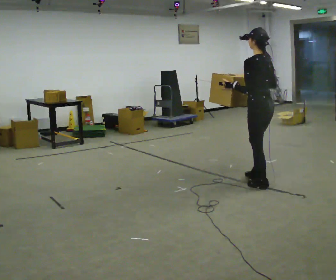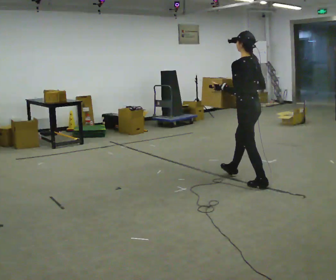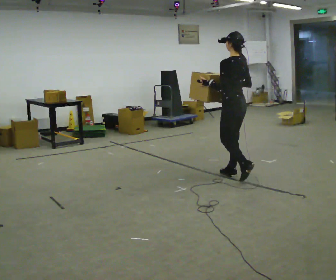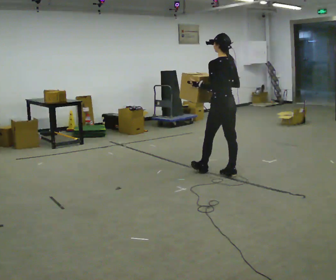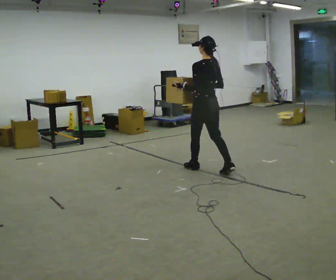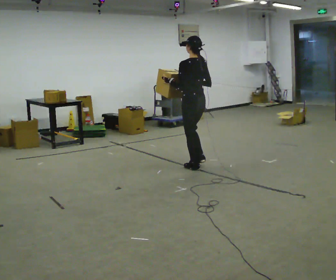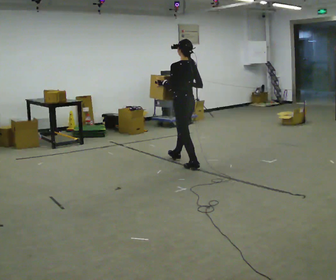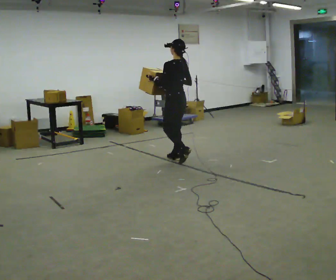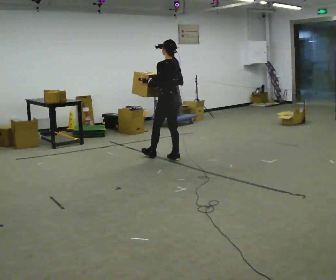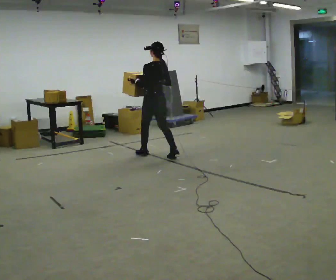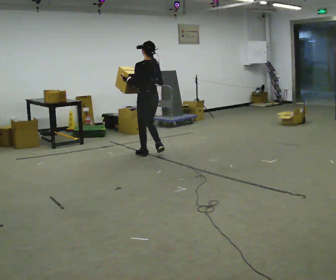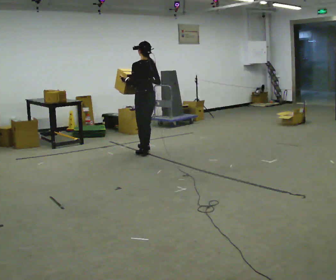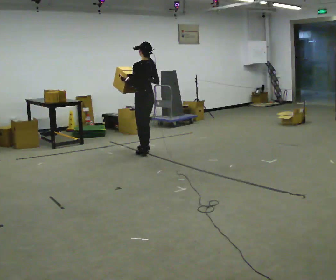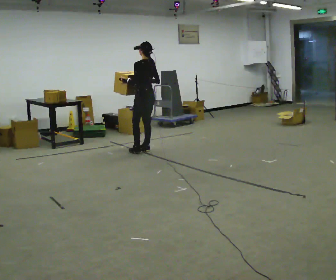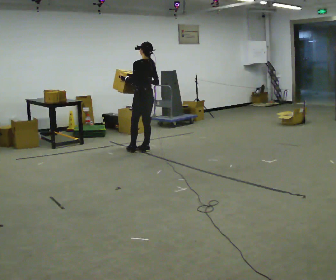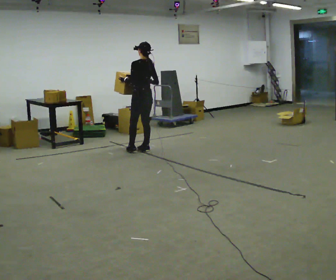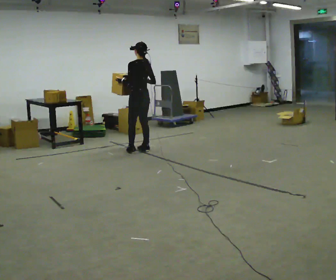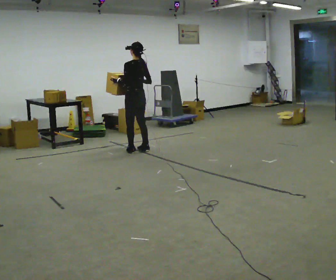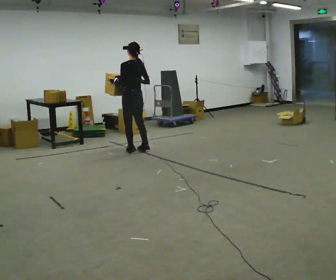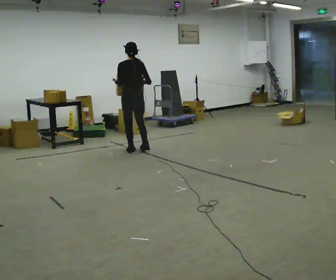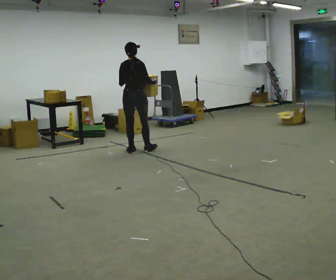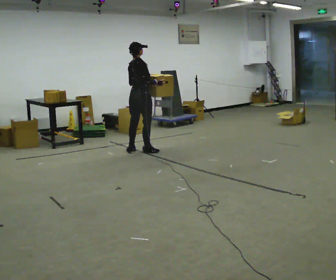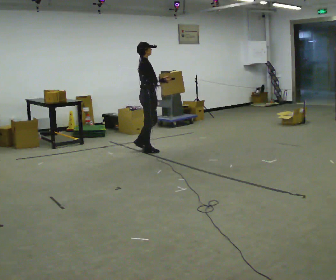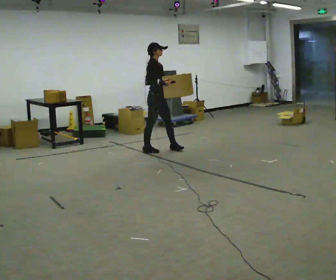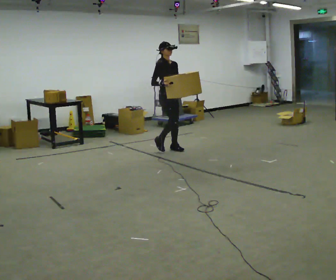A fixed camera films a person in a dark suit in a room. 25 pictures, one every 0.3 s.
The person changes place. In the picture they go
away from the camera.
0.0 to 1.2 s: In the picture they go away from the camera and to the left, about 1 m in 2 steps, which for them is forward.
1.2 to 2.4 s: In the picture they go away from the camera and to the left, about 1 m in 1 step, which for them is forward.
2.4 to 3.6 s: In the picture they go away from the camera and to the left, about 0.5 m in 2 steps, which for them is forward.
3.6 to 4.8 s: The person moves a little, or ends about where they began.
4.8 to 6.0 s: The person turns about 60 degrees to their right, clockwise seen from above, so the part of the body nearest the lens slides to the left.
6.0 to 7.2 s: Seen from above the body turns clockwise, about 120 degrees: to their right, with its near side sliding to the left. In the picture they go to the right, about 0.5 m in 1 step.
The film runs forward here.
